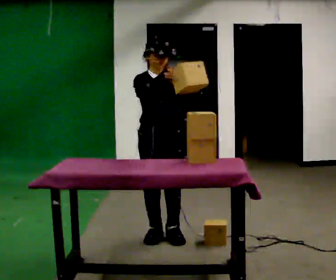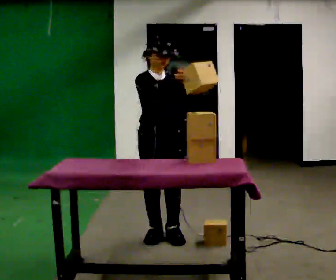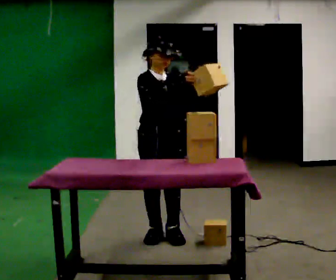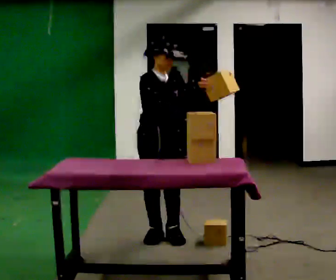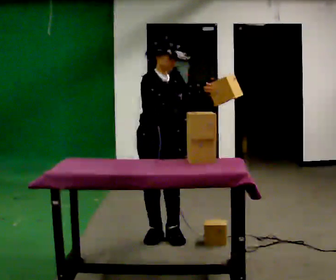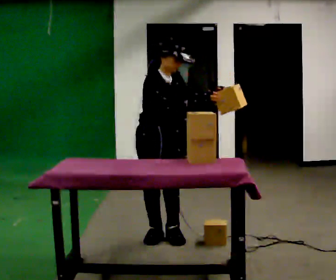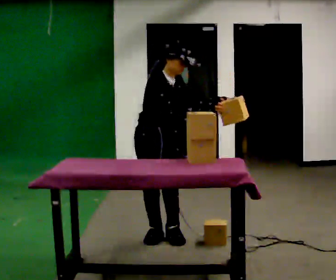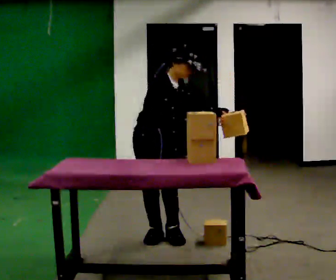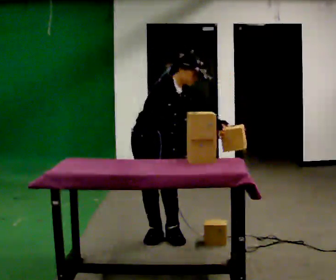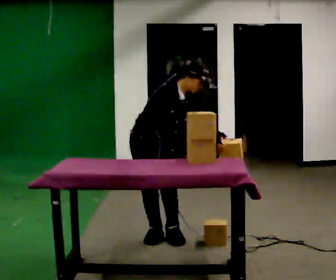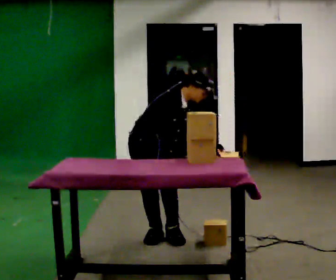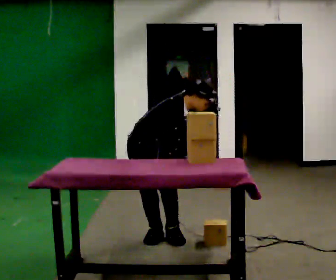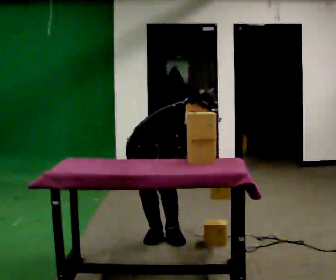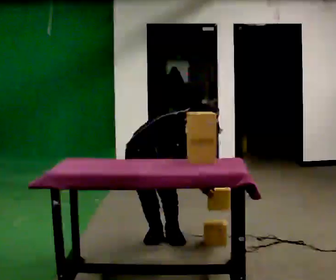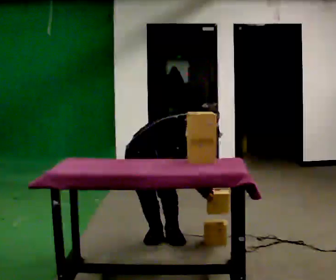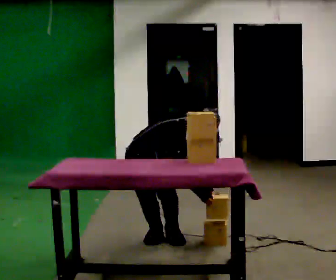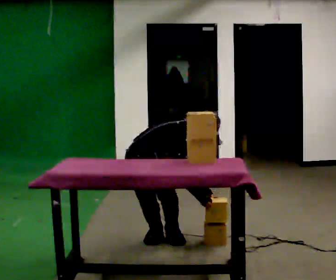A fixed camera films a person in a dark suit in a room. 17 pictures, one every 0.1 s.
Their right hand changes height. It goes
downward.
The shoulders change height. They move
downward.
0.0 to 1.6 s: The person turns about 30 degrees to their left, counterclockwise seen from above, so the part of the body nearest the lens slides to the right. The shoulders move downward. In the picture the upper body tilts clockwise, shoulders to the right, as they bend forward. In the picture their left hand goes downward.
The film runs forward here.
